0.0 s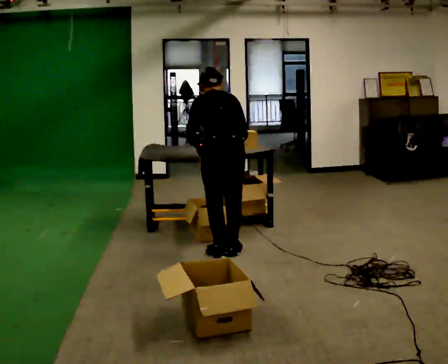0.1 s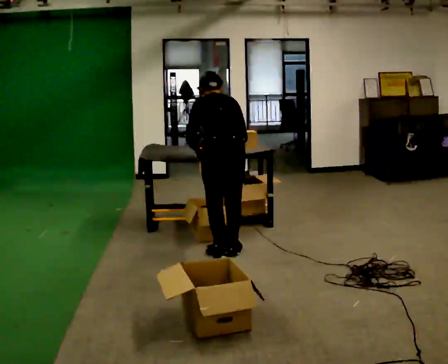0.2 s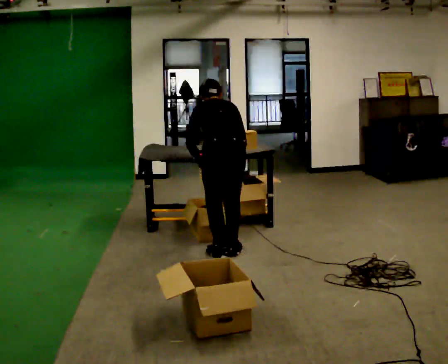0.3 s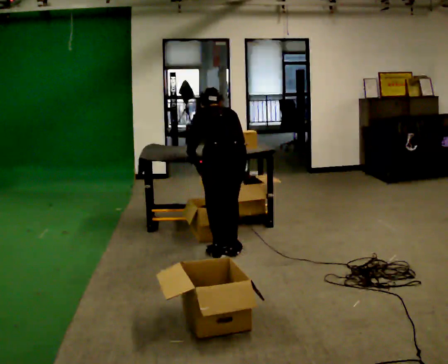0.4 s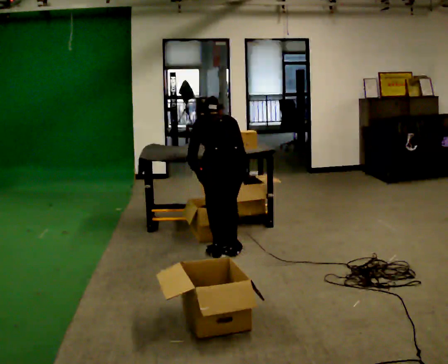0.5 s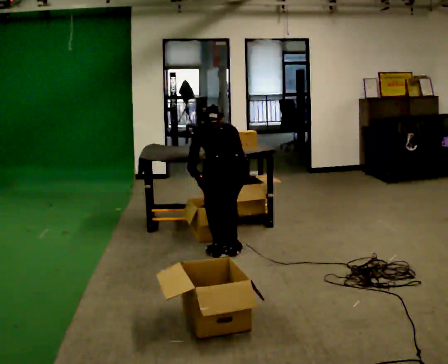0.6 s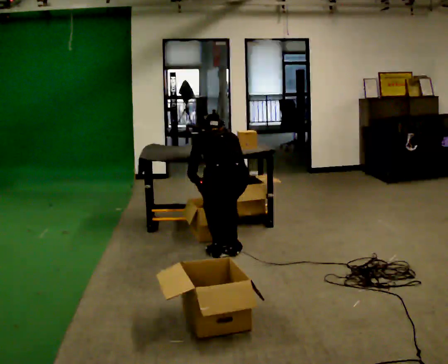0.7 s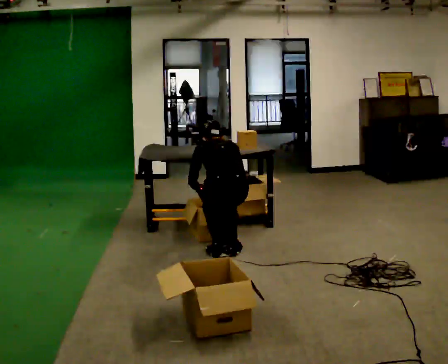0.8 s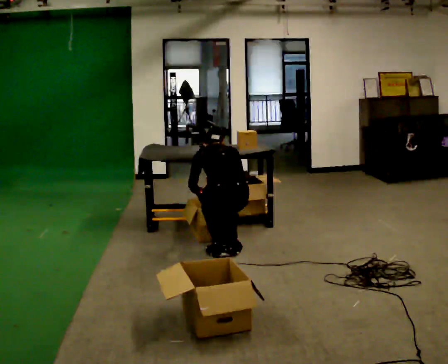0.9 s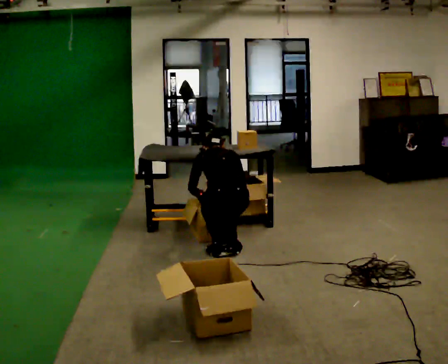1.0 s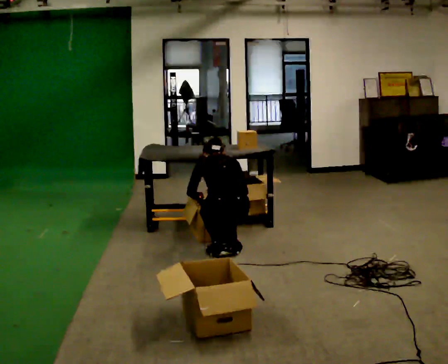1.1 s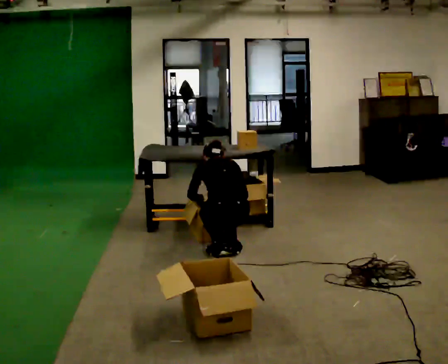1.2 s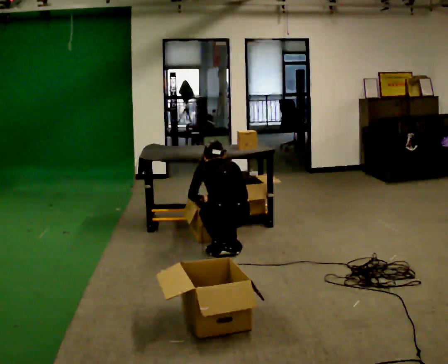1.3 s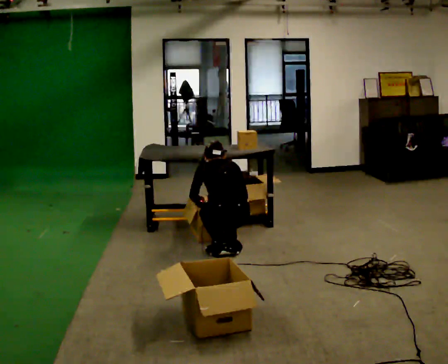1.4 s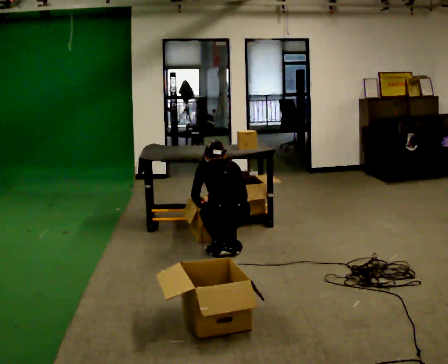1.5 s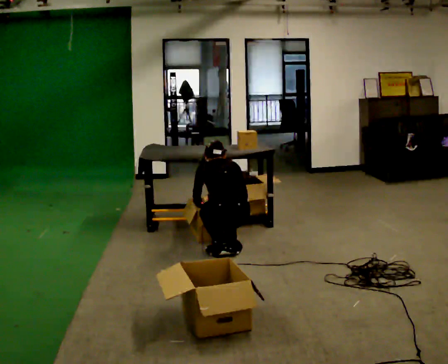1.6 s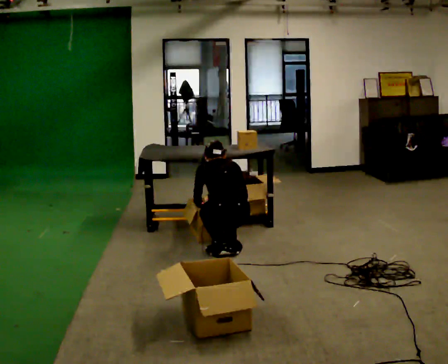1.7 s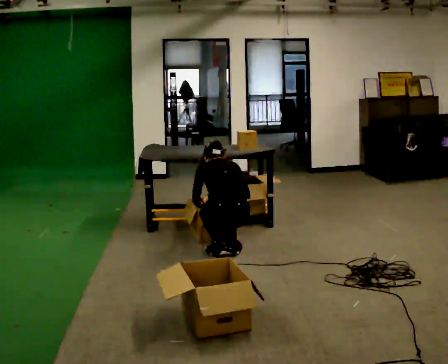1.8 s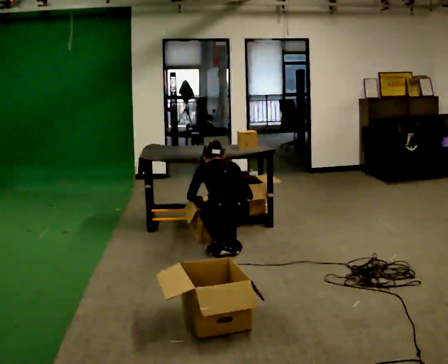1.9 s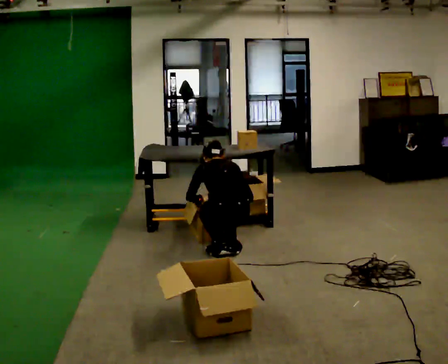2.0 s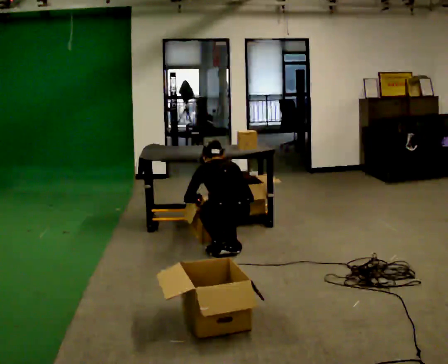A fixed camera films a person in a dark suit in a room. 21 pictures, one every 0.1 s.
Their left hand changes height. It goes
downward.
The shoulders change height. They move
downward.
0.0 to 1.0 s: The shoulders move downward. In the picture their left hand goes downward.
1.0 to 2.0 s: The person moves a little, or ends about where they began.
The film runs backward here.
